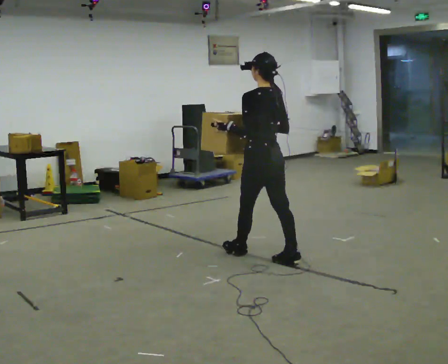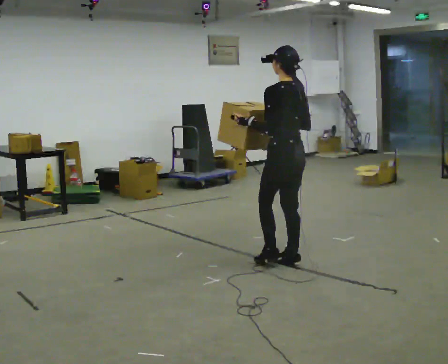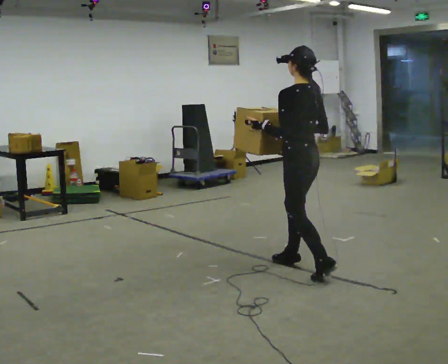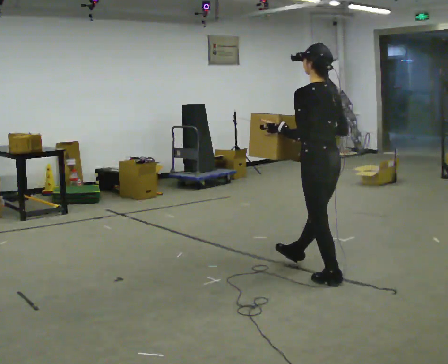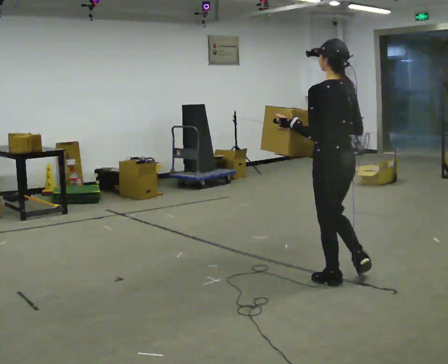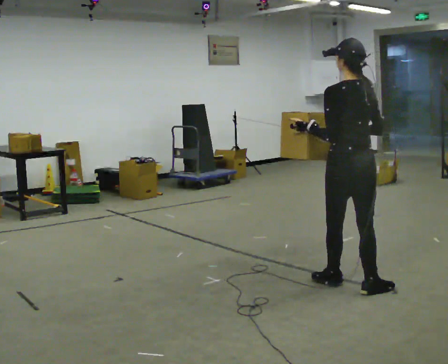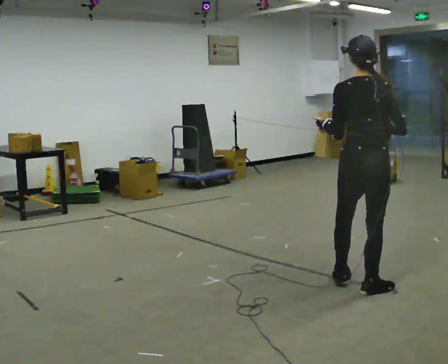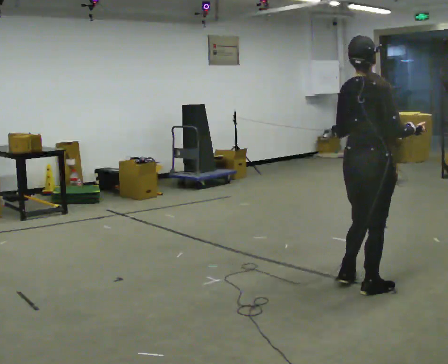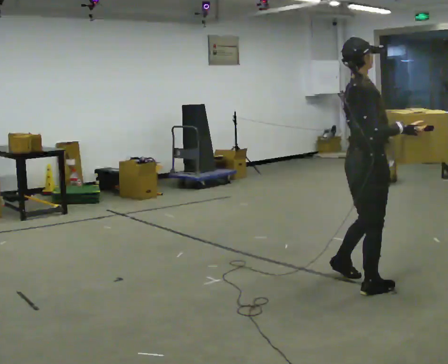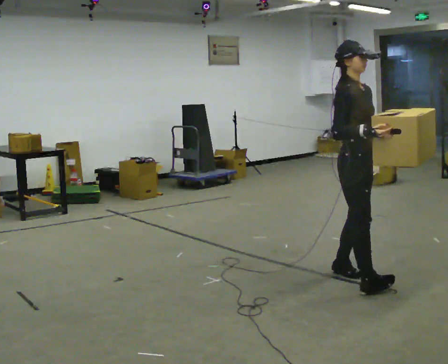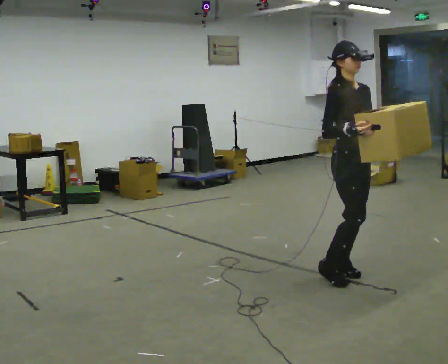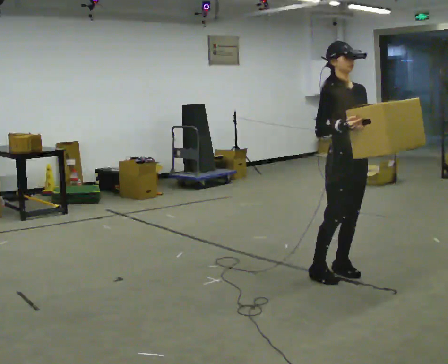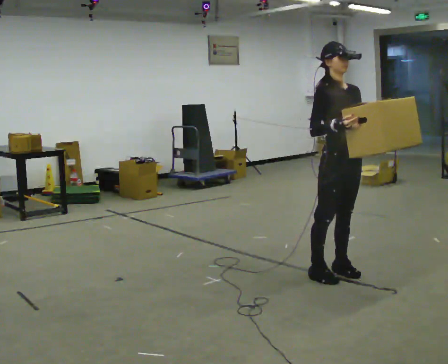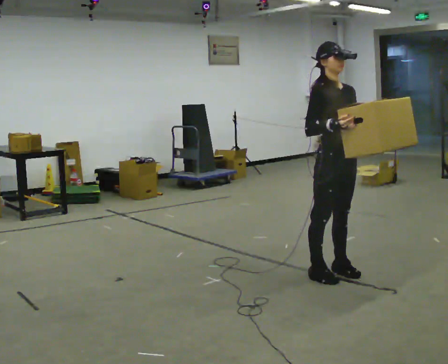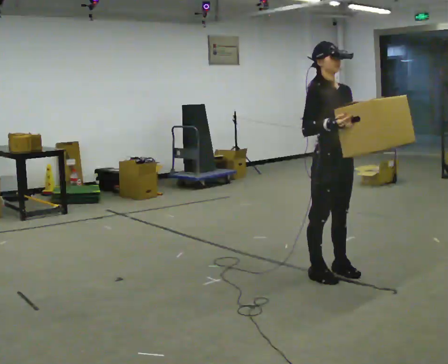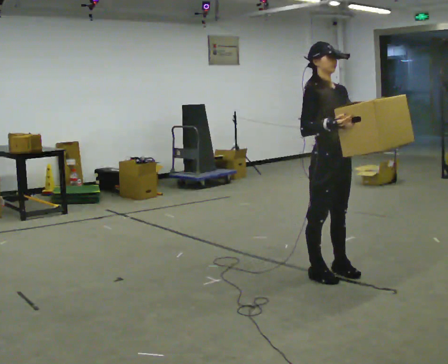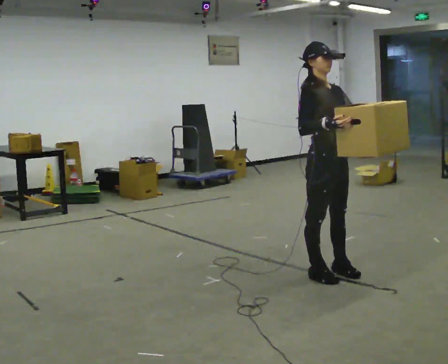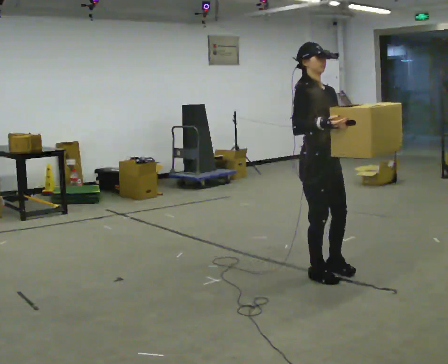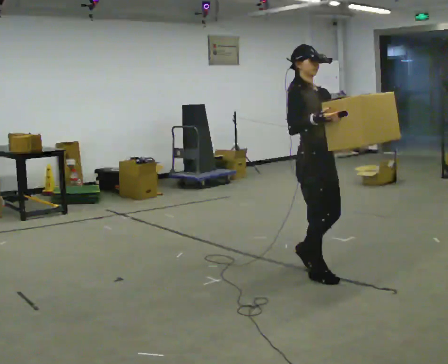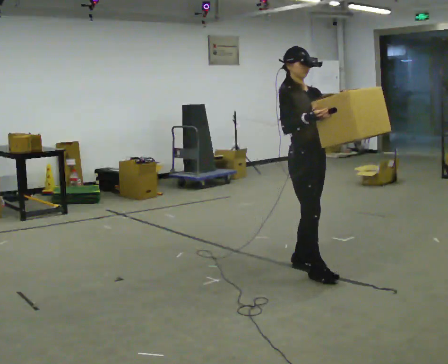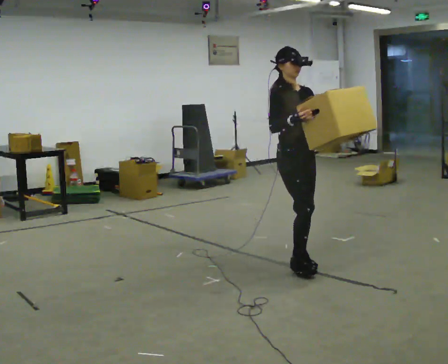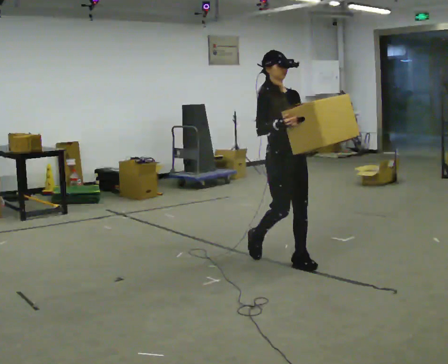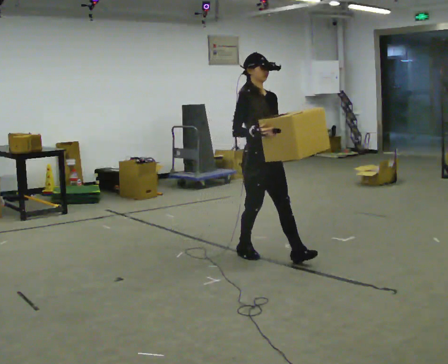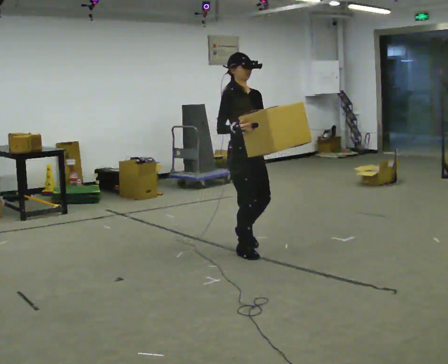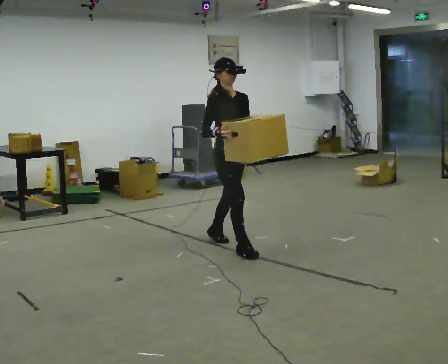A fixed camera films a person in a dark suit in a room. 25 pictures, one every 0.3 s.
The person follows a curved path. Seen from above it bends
counterclockwise.
0.0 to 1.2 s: In the picture they go toward the camera and to the right, about 1 m in 2 steps, which for them is backward.
1.2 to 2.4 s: The person turns about 120 degrees to their right, clockwise seen from above, so the part of the body nearest the lens slides to the left. In the picture they go to the right and toward the camera, about 0.25 m in 1 step. In the picture their right hand goes to the right.
2.4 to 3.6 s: The person turns about 60 degrees to their right, clockwise seen from above, so the part of the body nearest the lens slides to the left. In the picture they go away from the camera, about 0.25 m in 1 step.
3.6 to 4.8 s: The person moves a little, or ends about where they began.
4.8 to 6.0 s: In the picture they go away from the camera and to the left, about 0.25 m in 2 steps, which for them is backward.
6.0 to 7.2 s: In the picture they go to the left and away from the camera, about 0.5 m in 1 step, which for them is backward.
The film runs backward here.
